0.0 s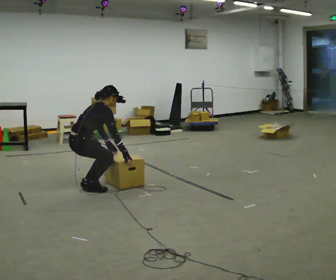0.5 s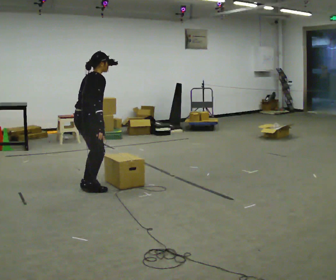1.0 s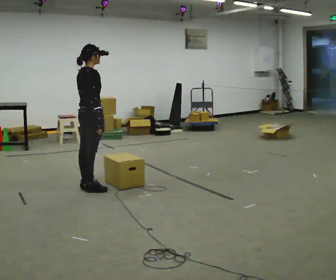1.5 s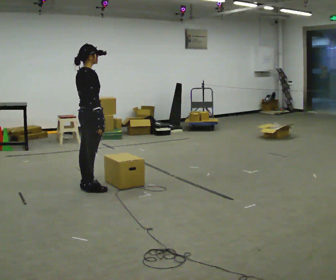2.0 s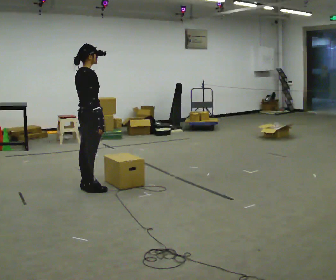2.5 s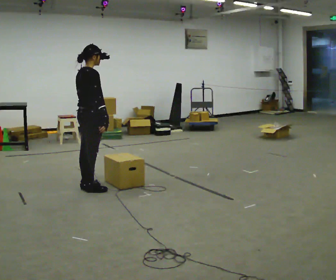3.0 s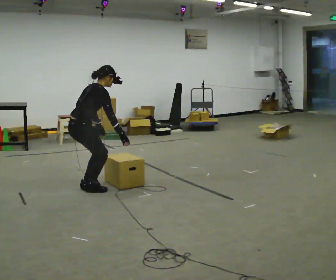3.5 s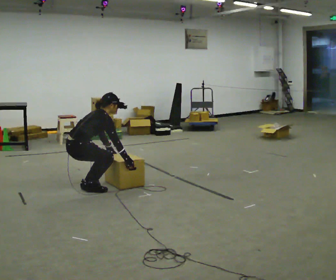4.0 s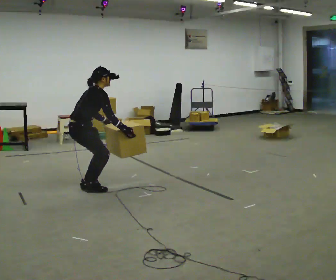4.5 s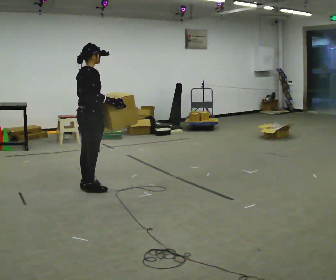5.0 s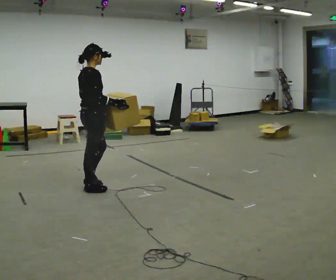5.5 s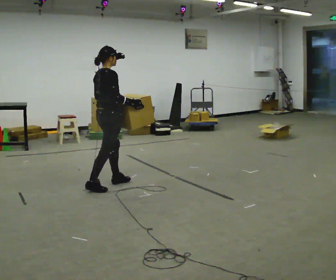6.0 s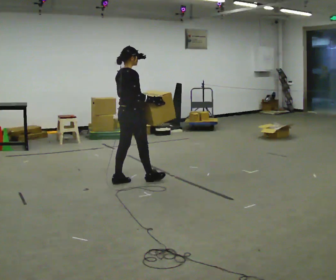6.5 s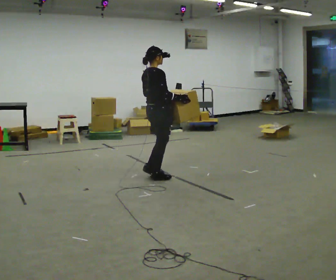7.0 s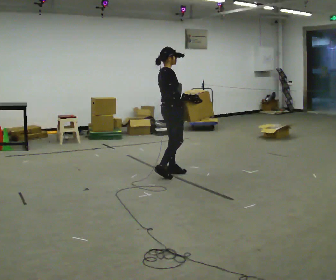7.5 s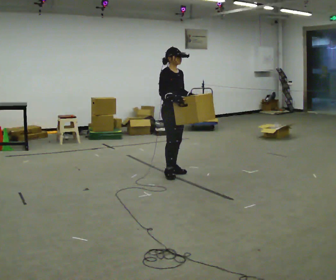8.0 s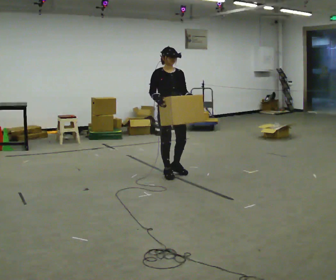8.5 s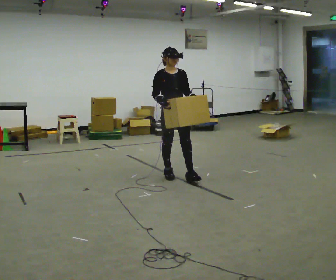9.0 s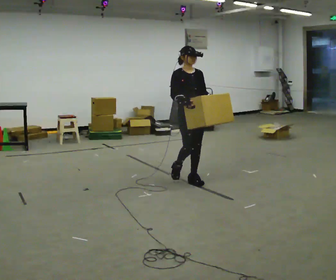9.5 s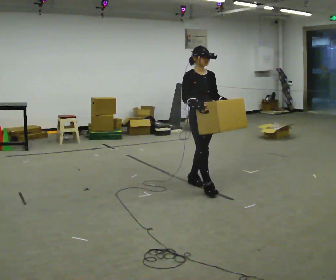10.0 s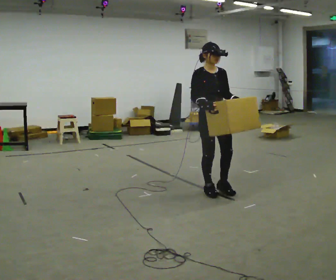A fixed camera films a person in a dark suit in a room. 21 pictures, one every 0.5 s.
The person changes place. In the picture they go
to the right.
0.0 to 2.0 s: The upper body goes upward. In the picture the upper body tilts counterclockwise, shoulders to the left, as they lean back or straighten. In the picture their right hand goes upward.
2.0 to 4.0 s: The person moves a little, or ends about where they began.
4.0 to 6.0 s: In the picture they go to the right and away from the camera, about 0.5 m in 1 step, which for them is forward. The upper body goes upward. In the picture the upper body tilts counterclockwise, shoulders to the left, as they lean back or straighten.
6.0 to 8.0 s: The part of the body nearest the lens slides to the left as the person turns to their right by about 105 degrees. In the picture they go to the right and away from the camera, about 0.5 m in 3 steps.
8.0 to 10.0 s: In the picture they go toward the camera and to the right, about 1 m in 2 steps, which for them is forward.
The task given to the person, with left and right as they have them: Carry the box along the marked route, turning 90 degrees at the corner the operator calls, and set it down at the end. Keep going until the operator says stop; one object at a time, and do not rush between trips.
The film runs forward here.
